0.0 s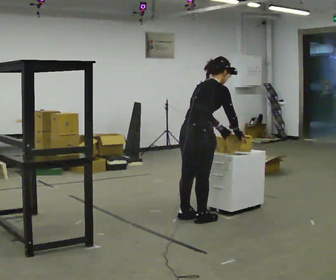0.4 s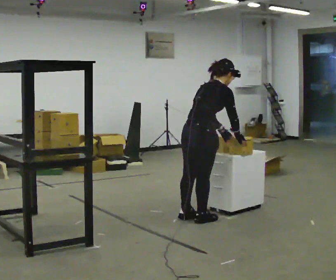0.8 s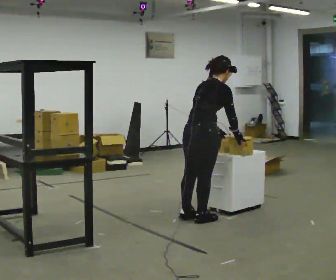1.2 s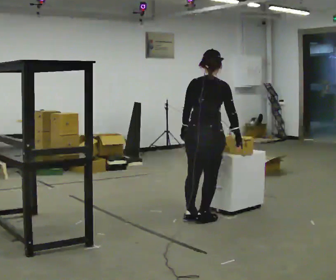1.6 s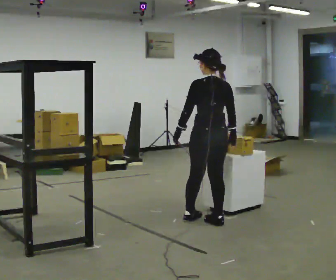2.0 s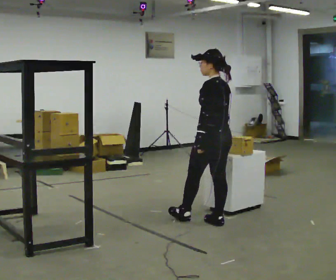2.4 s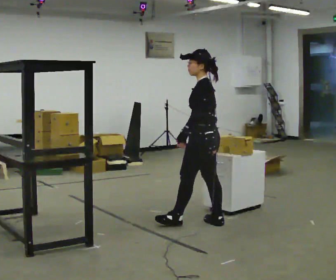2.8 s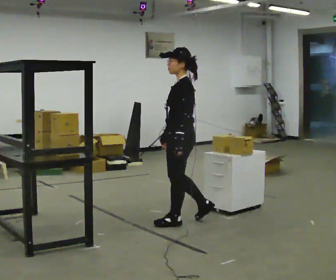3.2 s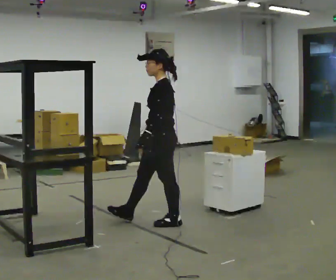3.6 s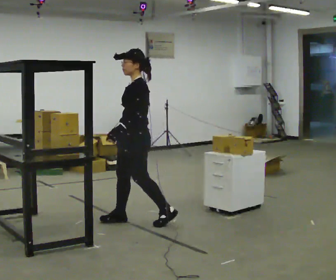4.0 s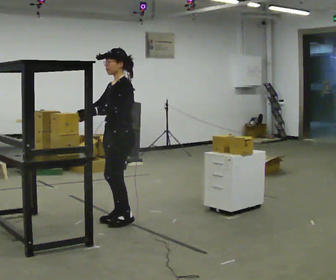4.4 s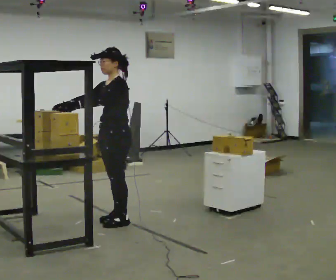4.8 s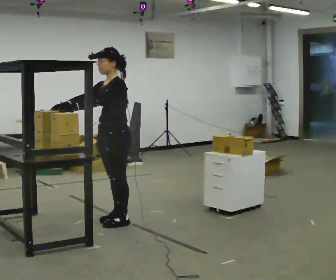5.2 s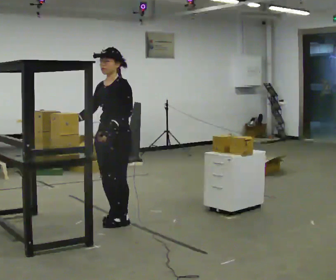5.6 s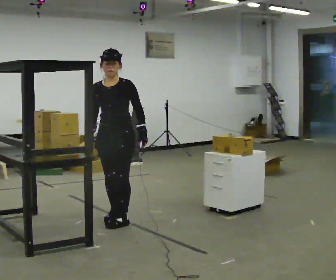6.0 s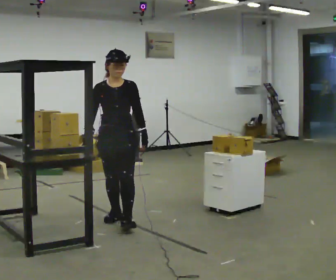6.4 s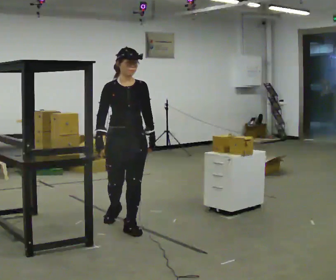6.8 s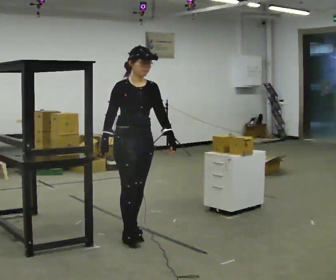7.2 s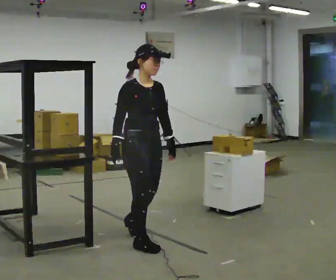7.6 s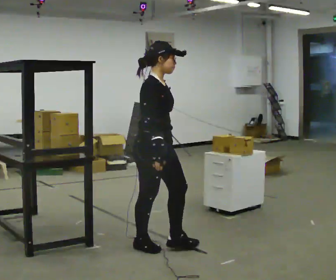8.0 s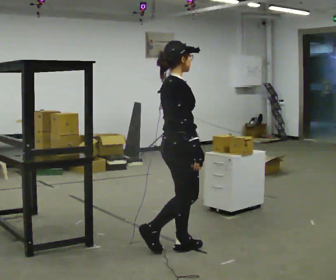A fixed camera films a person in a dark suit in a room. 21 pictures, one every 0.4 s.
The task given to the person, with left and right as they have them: 1. Move all 12 boxes from the shelf at one end of the room to the shelf at the other end. 2. The cart is not available today, so carry them. 3. Tell the operator when you are finished.
0.0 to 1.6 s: Seen from above the body turns counterclockwise, about 75 degrees: to their left, with its near side sliding to the right. In the picture they go to the right, about 0.25 m in 1 step. In the picture the upper body tilts counterclockwise, shoulders to the left, as they lean back or straighten. In the picture their left hand goes to the left, the arm swinging clockwise.
1.6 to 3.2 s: The person turns about 75 degrees to their left, counterclockwise seen from above, so the part of the body nearest the lens slides to the right. In the picture they go to the left, about 0.5 m in 1 step.
3.2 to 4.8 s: In the picture they go to the left, about 0.5 m in 2 steps, which for them is forward and to their right.
4.8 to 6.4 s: The person turns about 75 degrees to their left, counterclockwise seen from above, so the part of the body nearest the lens slides to the right. In the picture they go toward the camera, about 0.25 m in 1 step. In the picture their left hand goes to the right, the arm swinging counterclockwise.
6.4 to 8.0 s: Seen from above the body turns counterclockwise, about 90 degrees: to their left, with its near side sliding to the right. In the picture they go toward the camera and to the right, about 0.5 m in 2 steps.
The film runs forward here.
